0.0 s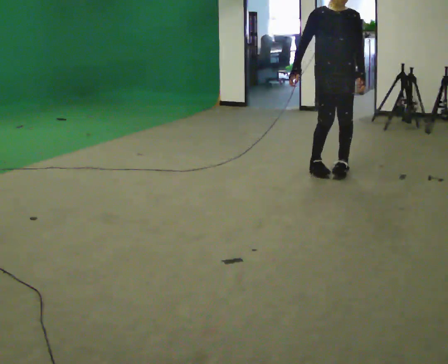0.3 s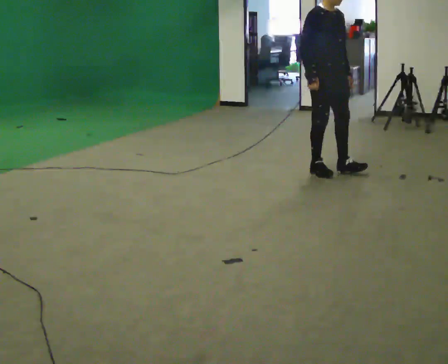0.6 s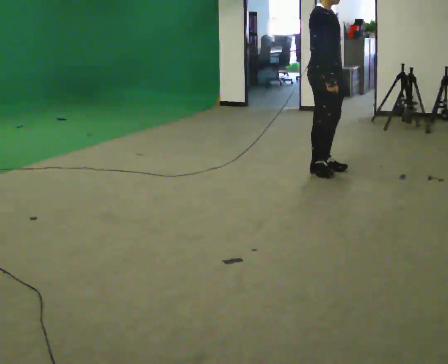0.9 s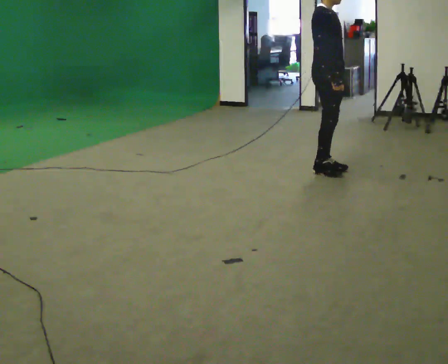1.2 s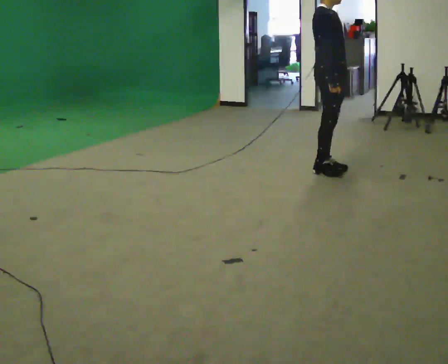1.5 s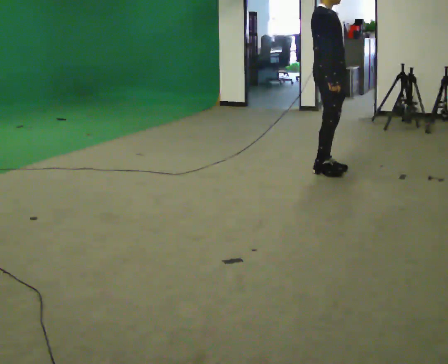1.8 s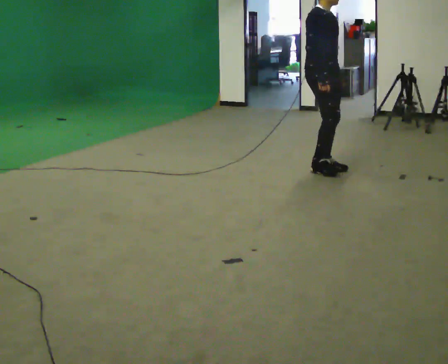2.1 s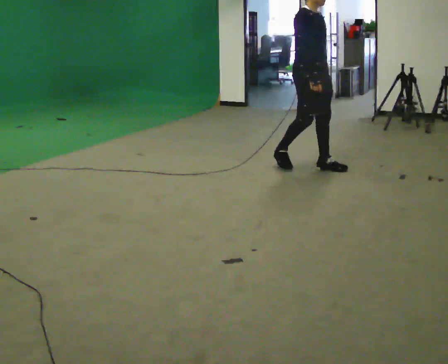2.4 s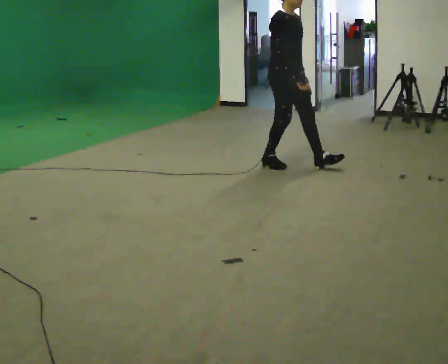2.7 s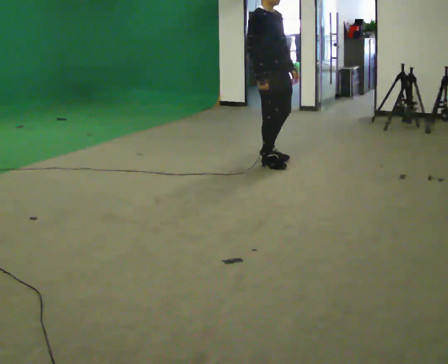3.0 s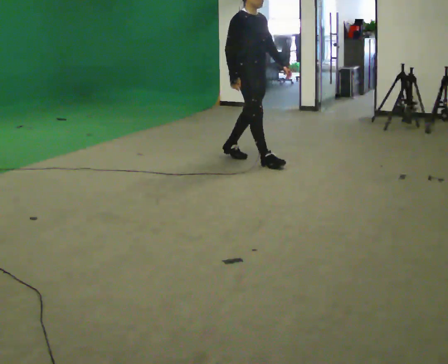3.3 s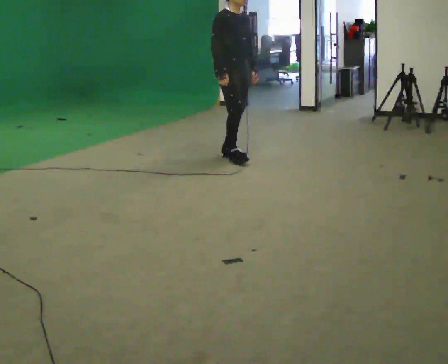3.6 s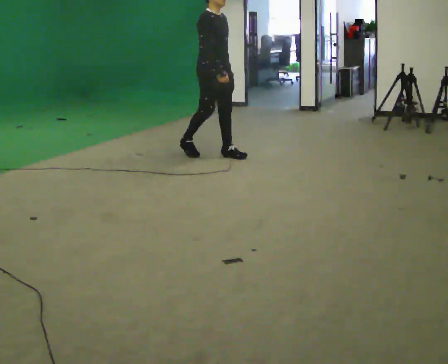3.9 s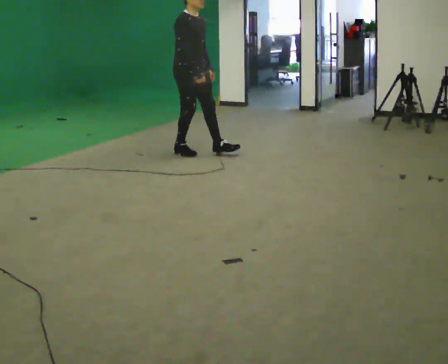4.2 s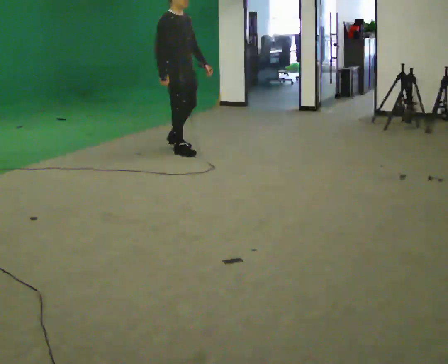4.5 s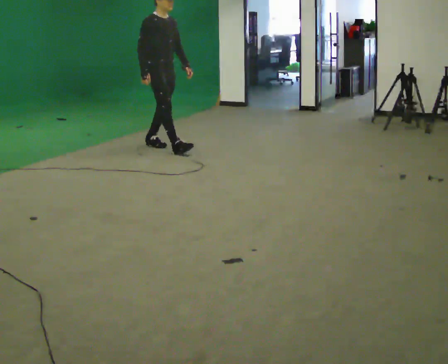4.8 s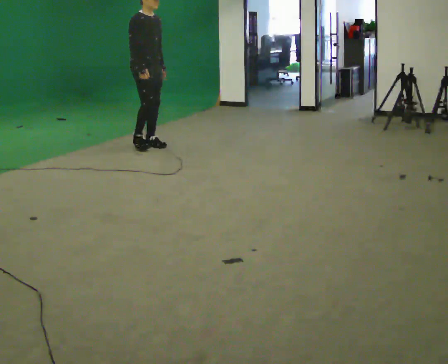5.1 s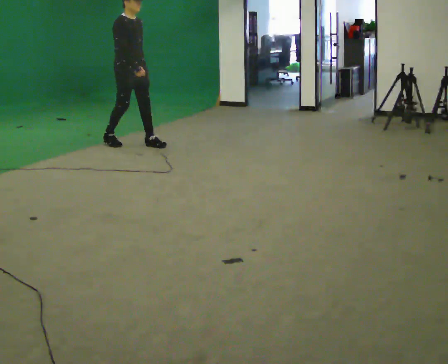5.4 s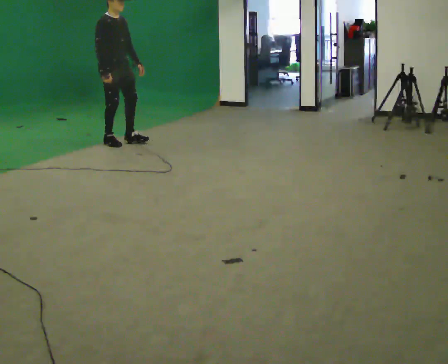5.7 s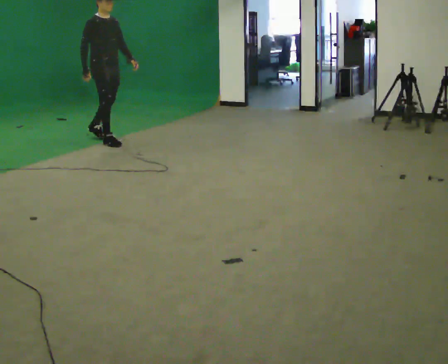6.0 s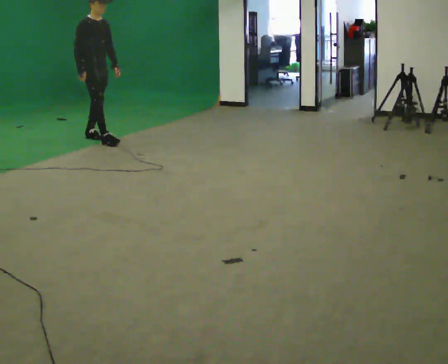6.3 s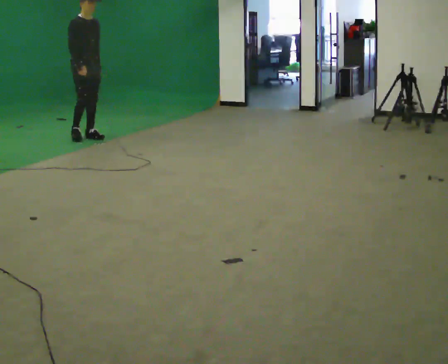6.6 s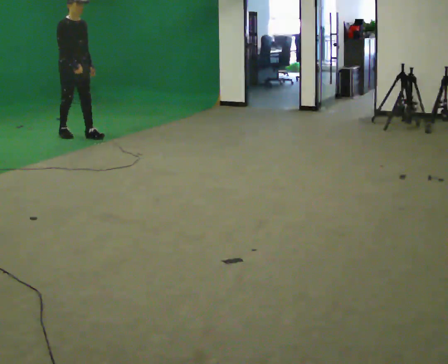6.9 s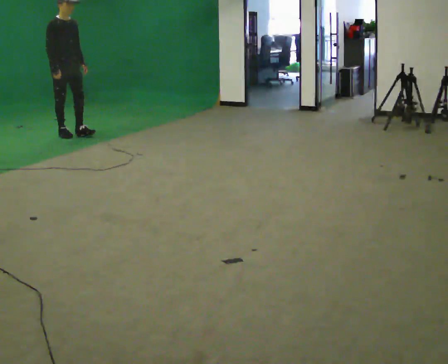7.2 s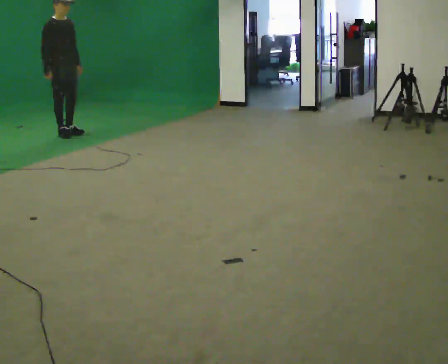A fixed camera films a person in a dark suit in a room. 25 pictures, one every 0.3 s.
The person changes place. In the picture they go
to the left.
0.0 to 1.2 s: The part of the body nearest the lens slides to the right as the person turns to their left by about 60 degrees.
1.2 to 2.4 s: In the picture they go to the left and away from the camera, about 0.5 m in 1 step, which for them is backward.
2.4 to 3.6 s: In the picture they go to the left and away from the camera, about 1 m in 1 step, which for them is backward.
3.6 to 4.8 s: In the picture they go to the left and away from the camera, about 1 m in 2 steps, which for them is backward.
4.8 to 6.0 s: In the picture they go to the left and away from the camera, about 1 m in 2 steps, which for them is backward.
6.0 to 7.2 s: In the picture they go to the left and away from the camera, about 0.5 m in 2 steps, which for them is backward.
The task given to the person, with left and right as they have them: Walk backward slowly; stop.
The film runs forward here.
